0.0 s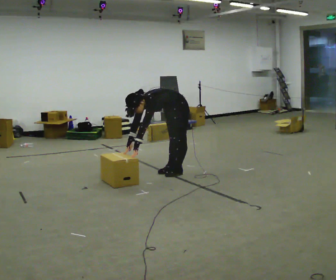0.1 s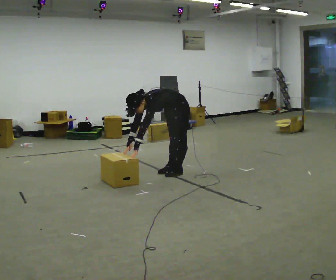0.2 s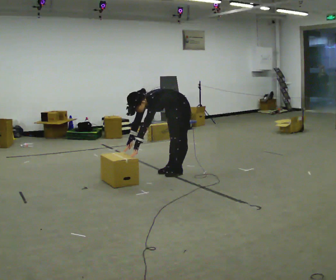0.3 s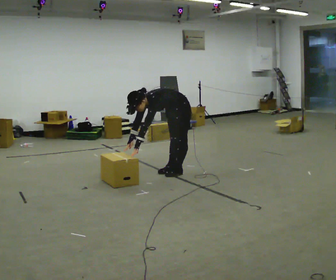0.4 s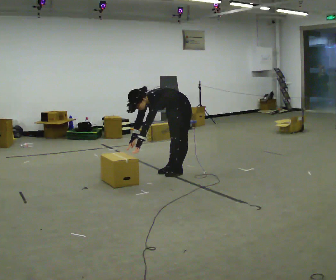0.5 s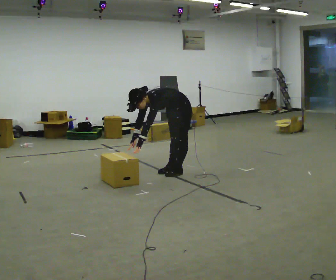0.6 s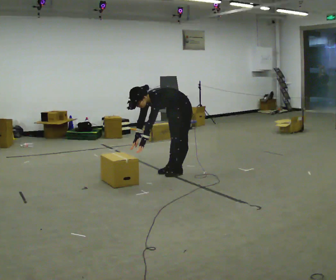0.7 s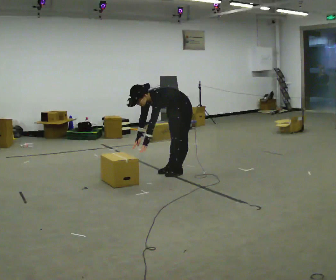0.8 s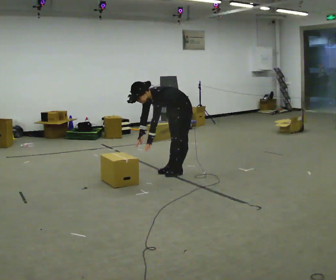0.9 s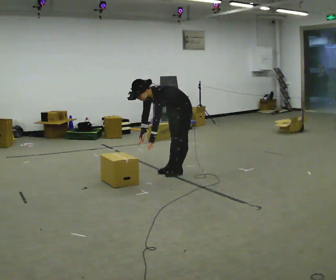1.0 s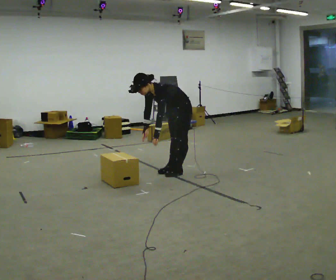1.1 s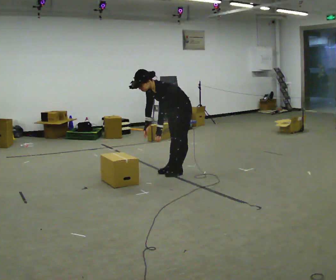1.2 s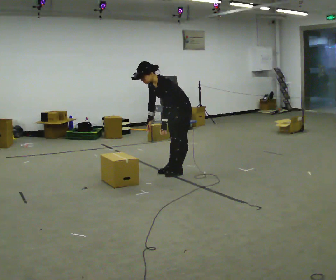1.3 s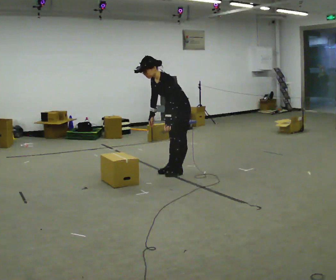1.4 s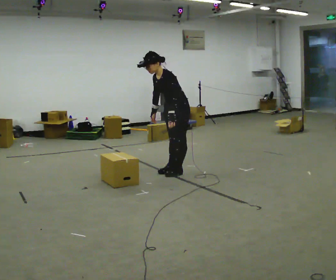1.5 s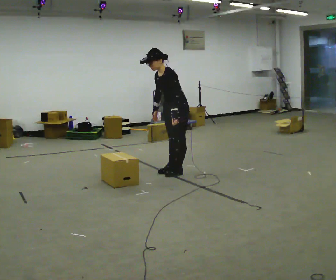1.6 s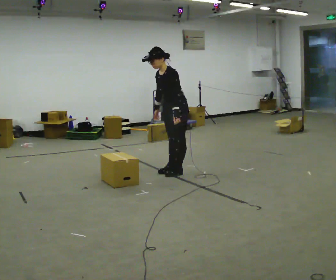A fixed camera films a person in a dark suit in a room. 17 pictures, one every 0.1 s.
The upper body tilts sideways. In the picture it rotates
clockwise.
The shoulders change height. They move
upward.
0.0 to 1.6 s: The upper body goes upward. In the picture the upper body tilts clockwise, shoulders to the right, as they lean back or straighten. In the picture their right hand goes upward.
The film runs backward here.
